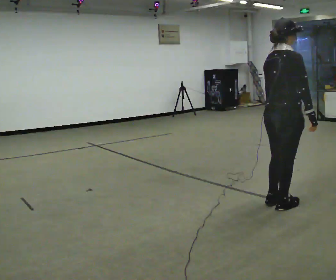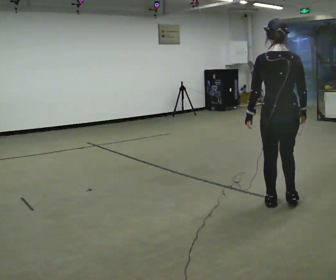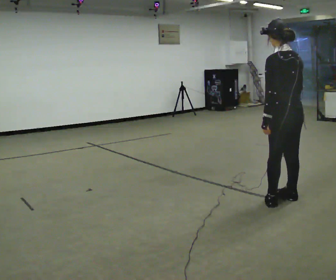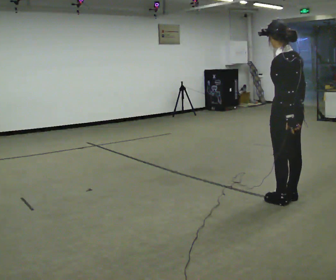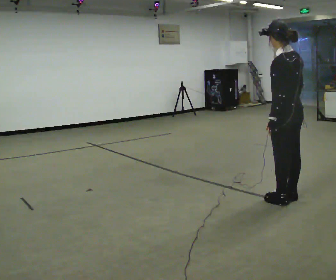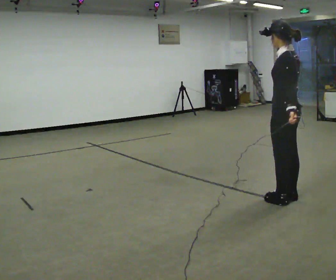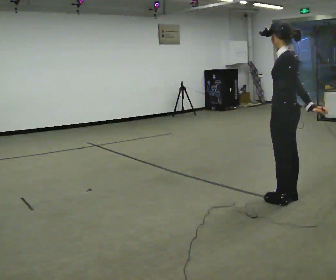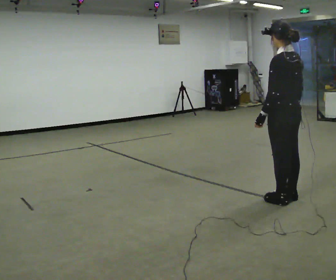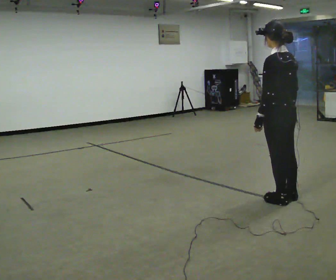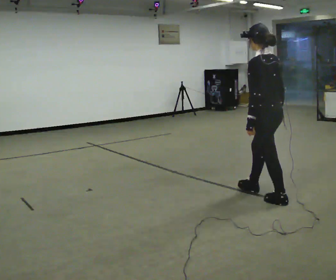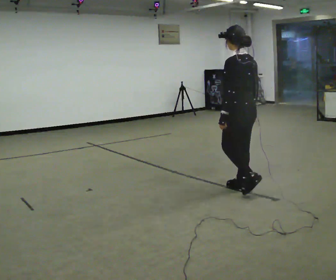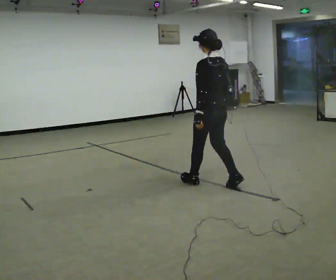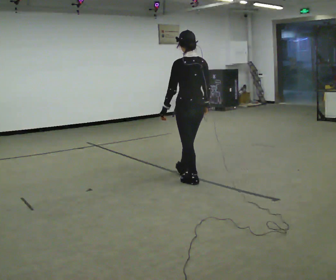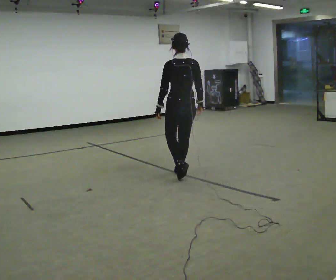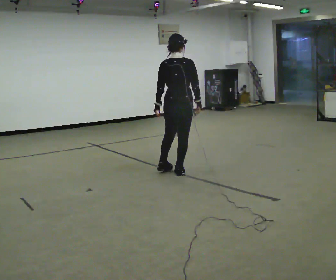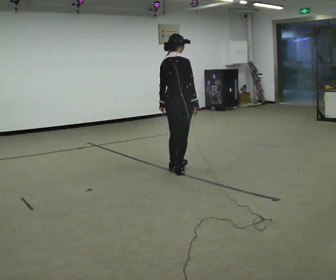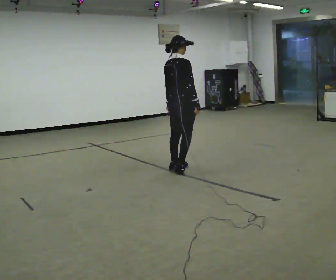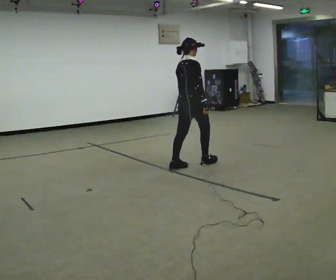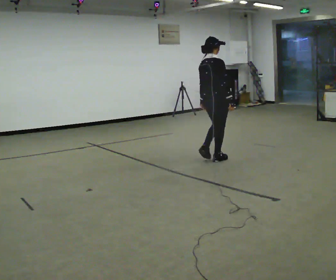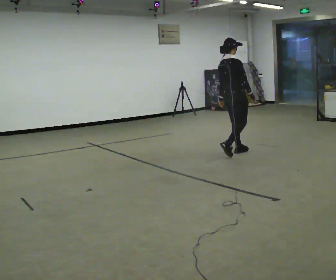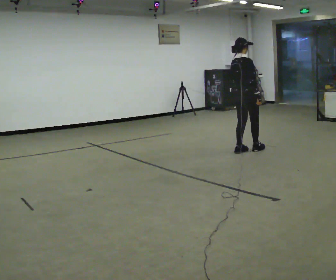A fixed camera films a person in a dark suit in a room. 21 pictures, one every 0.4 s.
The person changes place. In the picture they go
away from the camera.
0.0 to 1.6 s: The person turns about 105 degrees to their left, counterclockwise seen from above, so the part of the body nearest the lens slides to the right.
1.6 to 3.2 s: The person moves a little, or ends about where they began.
3.2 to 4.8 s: In the picture they go to the left and away from the camera, about 1 m in 2 steps, which for them is forward.
4.8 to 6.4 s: Seen from above the body turns clockwise, about 75 degrees: to their right, with its near side sliding to the left. In the picture they go away from the camera, about 0.5 m in 2 steps.
6.4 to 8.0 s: In the picture they go away from the camera and to the right, about 1 m in 3 steps, which for them is forward.
The film runs forward here.
